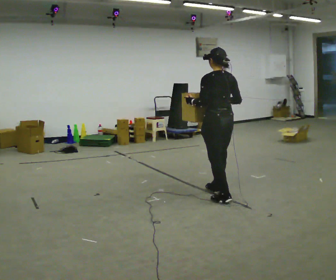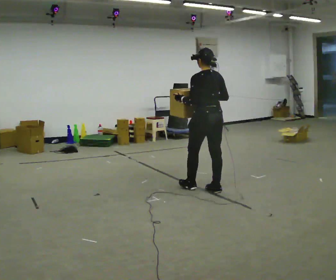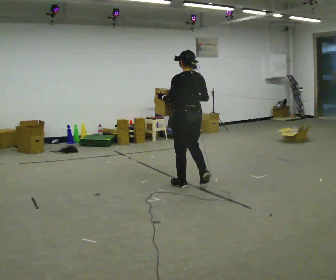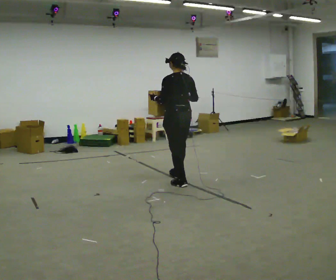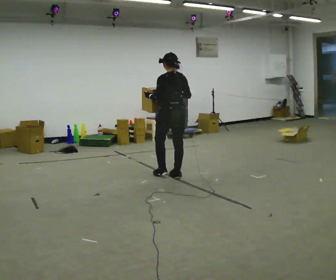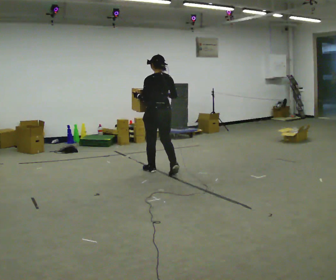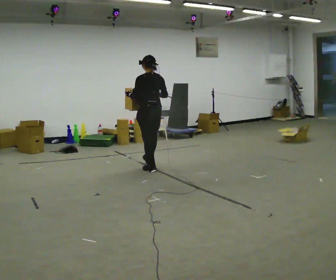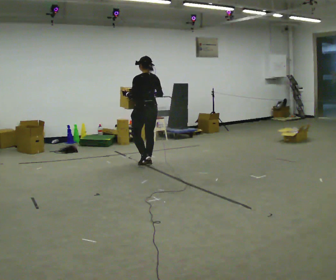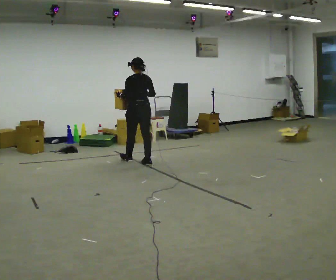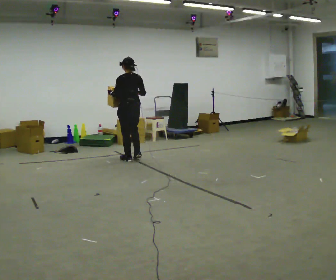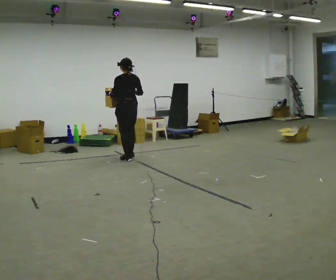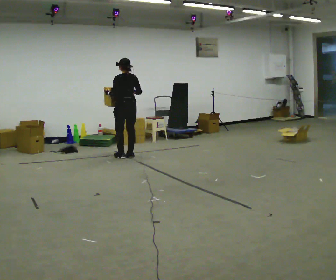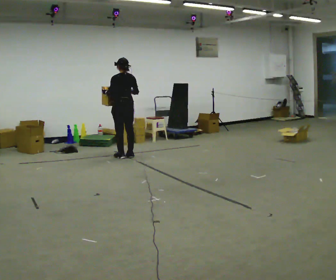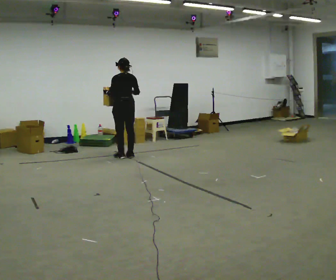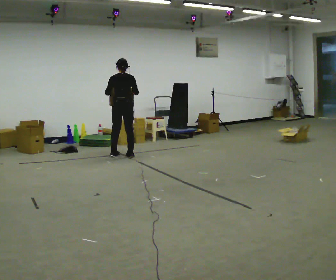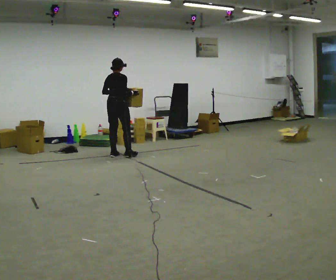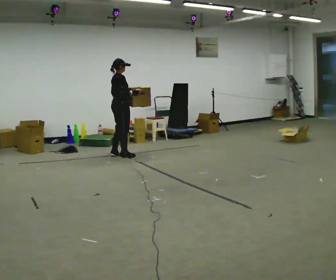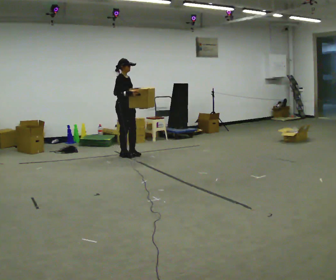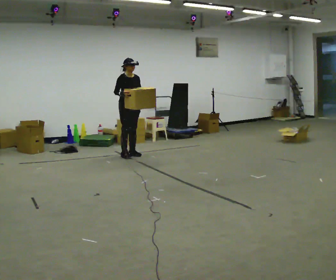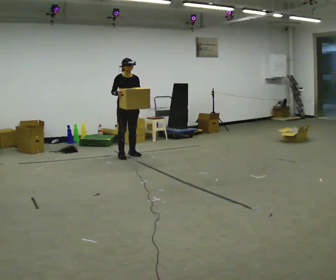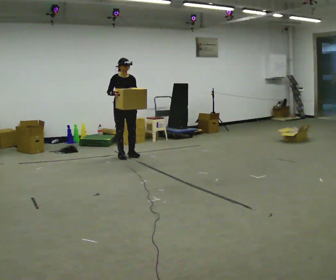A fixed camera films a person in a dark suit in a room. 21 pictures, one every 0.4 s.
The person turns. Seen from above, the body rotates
clockwise.
The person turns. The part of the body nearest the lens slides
to the left.
0.0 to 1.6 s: In the picture they go away from the camera and to the left, about 1 m in 2 steps, which for them is forward.
1.6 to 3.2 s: In the picture they go away from the camera and to the left, about 1 m in 3 steps, which for them is forward.
3.2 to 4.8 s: In the picture they go away from the camera and to the left, about 0.5 m in 2 steps, which for them is forward.
4.8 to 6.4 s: The part of the body nearest the lens slides to the left as the person turns to their right by about 90 degrees.
6.4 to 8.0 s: The part of the body nearest the lens slides to the left as the person turns to their right by about 90 degrees.
The film runs forward here.
